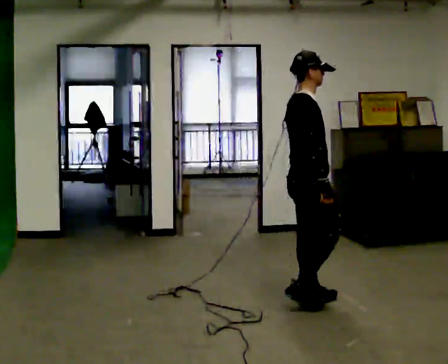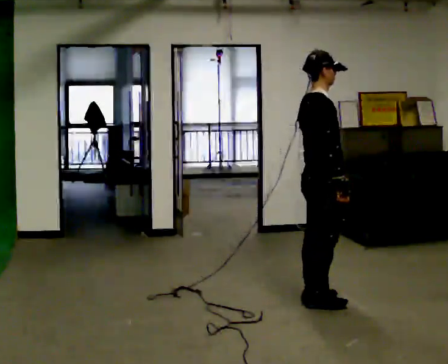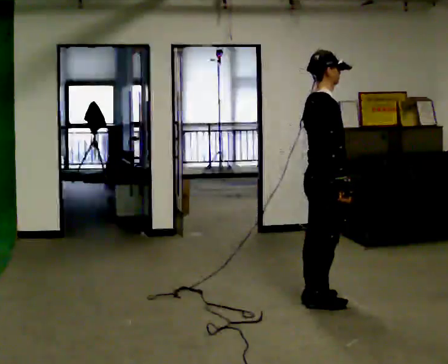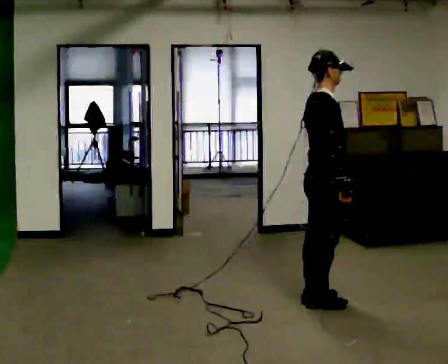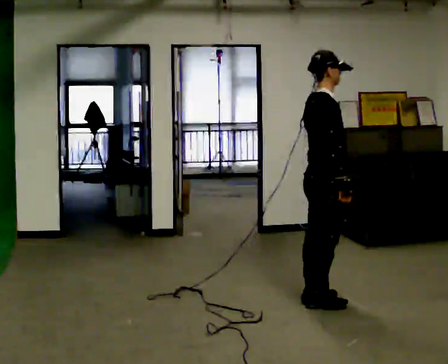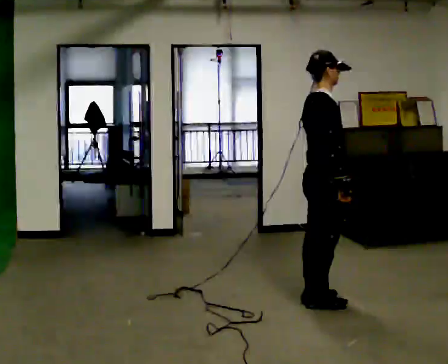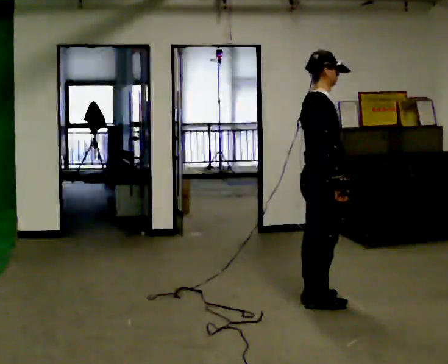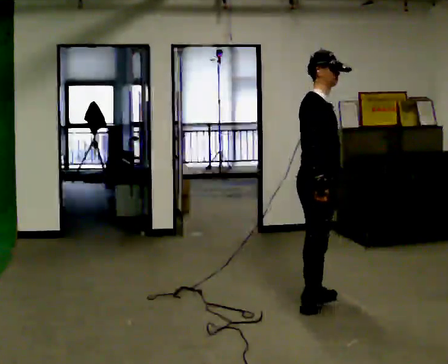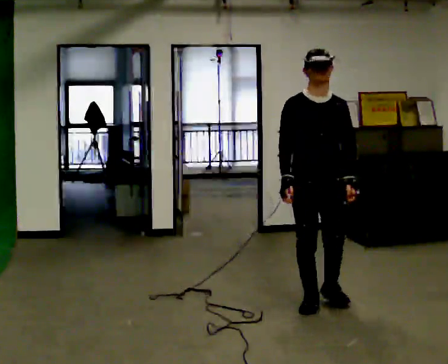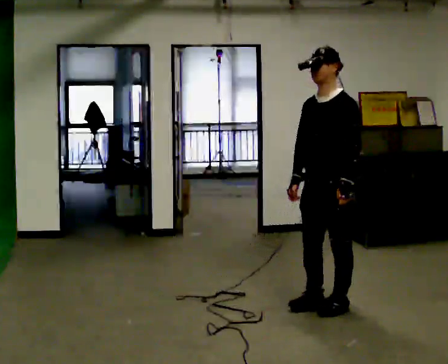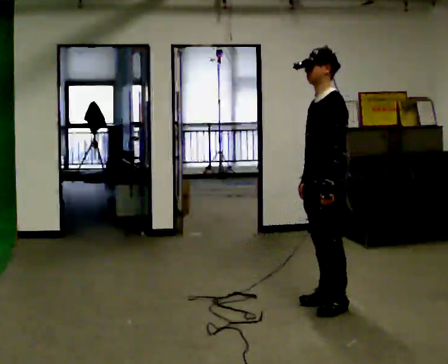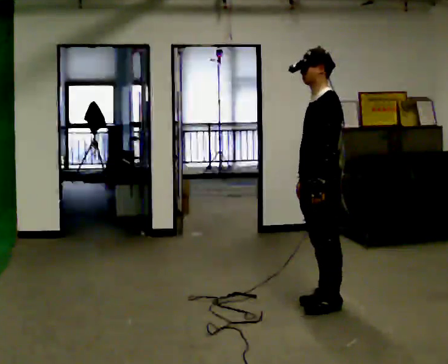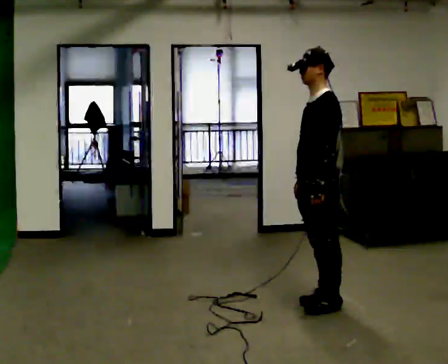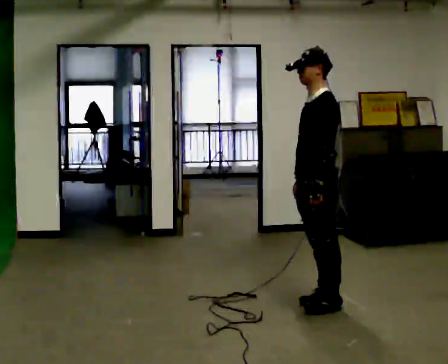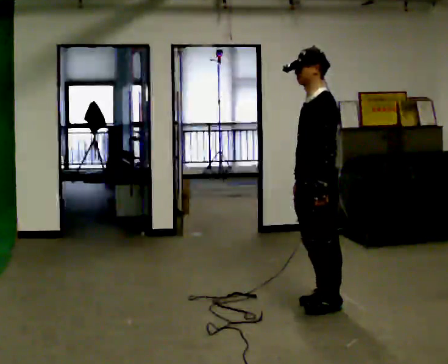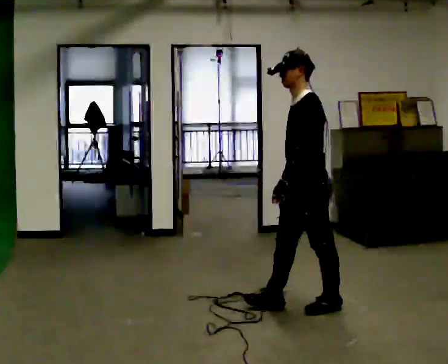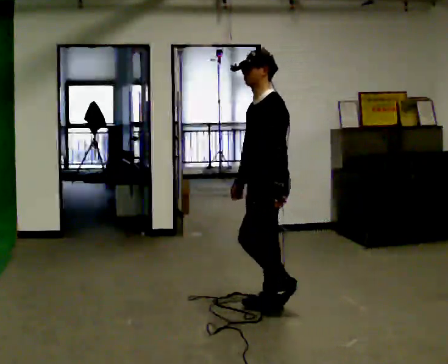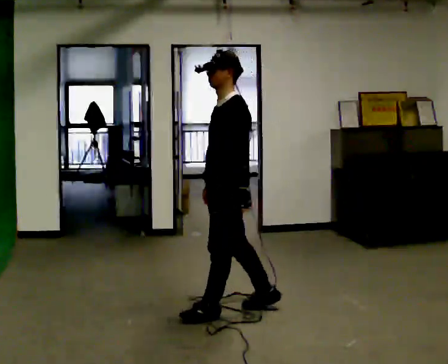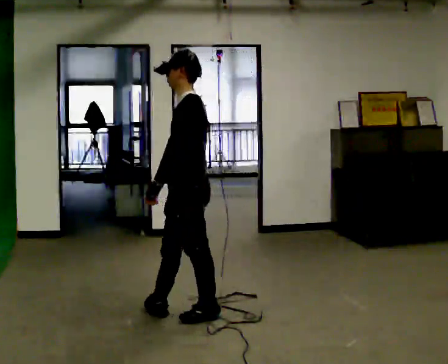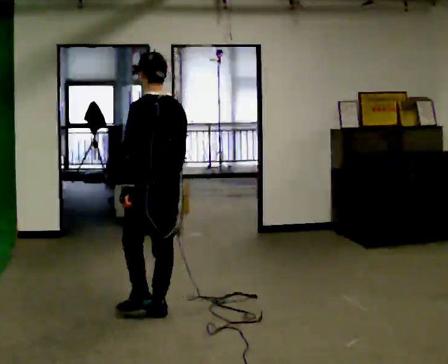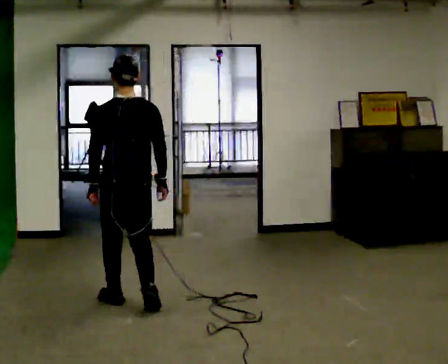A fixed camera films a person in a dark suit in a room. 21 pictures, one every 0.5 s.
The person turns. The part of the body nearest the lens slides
to the left.
The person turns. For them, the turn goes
to their right.
0.0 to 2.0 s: The person moves a little, or ends about where they began.
2.0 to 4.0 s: The person turns about 90 degrees to their right, clockwise seen from above, so the part of the body nearest the lens slides to the left. In the picture their right hand goes to the left.
4.0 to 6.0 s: The part of the body nearest the lens slides to the left as the person turns to their right by about 90 degrees.
6.0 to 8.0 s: In the picture they go to the left, about 0.25 m in 1 step, which for them is forward.
8.0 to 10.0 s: The person turns about 90 degrees to their right, clockwise seen from above, so the part of the body nearest the lens slides to the left. In the picture they go to the left, about 1 m in 3 steps.
The film runs forward here.
